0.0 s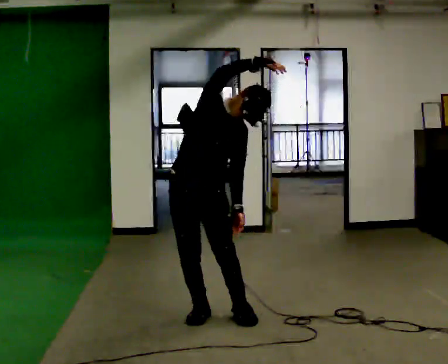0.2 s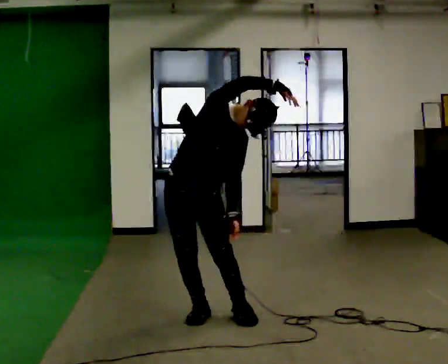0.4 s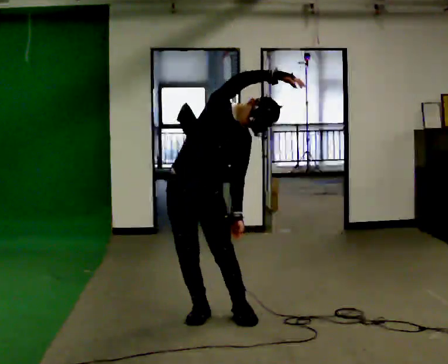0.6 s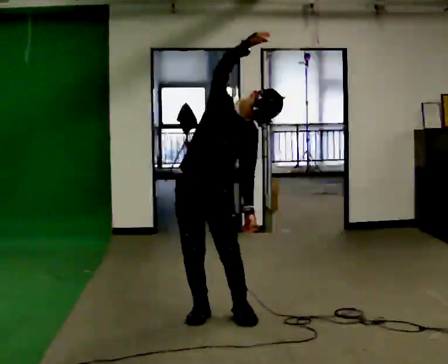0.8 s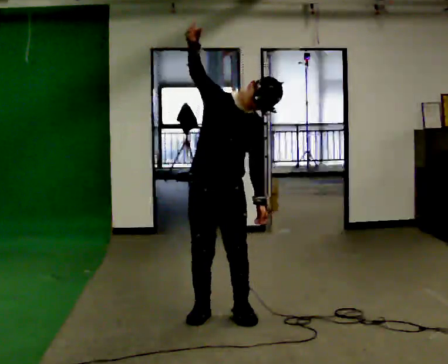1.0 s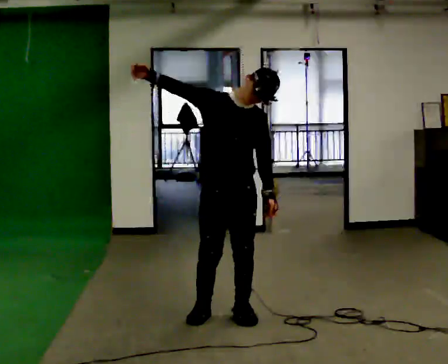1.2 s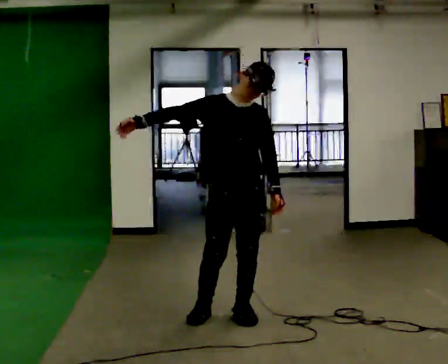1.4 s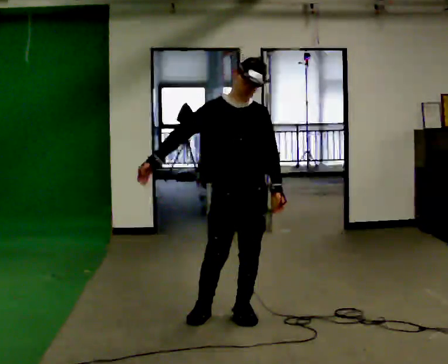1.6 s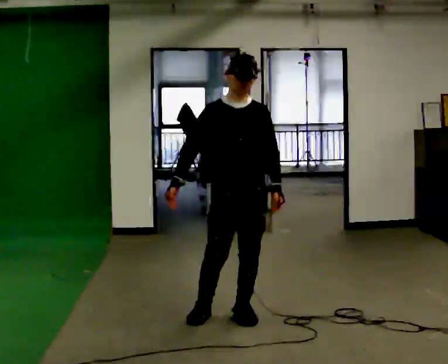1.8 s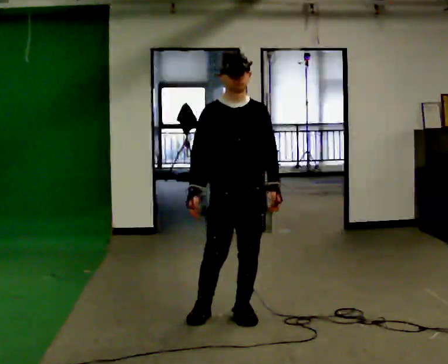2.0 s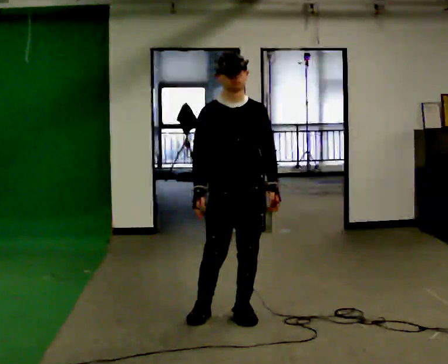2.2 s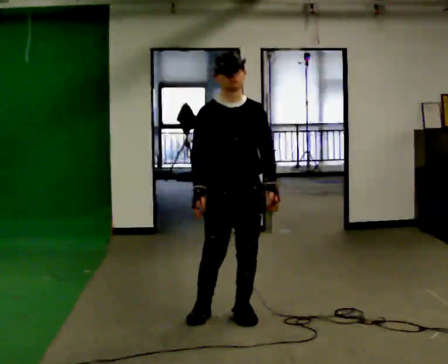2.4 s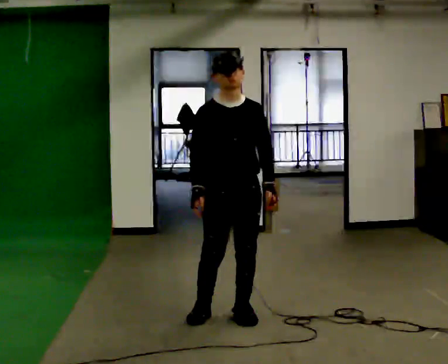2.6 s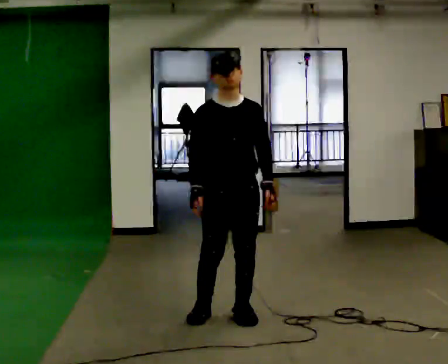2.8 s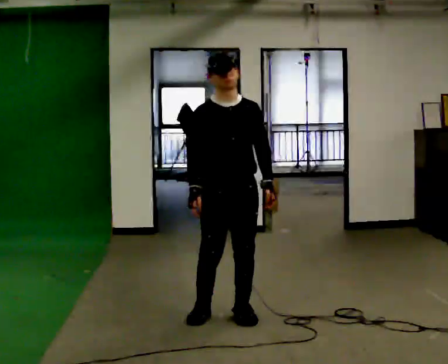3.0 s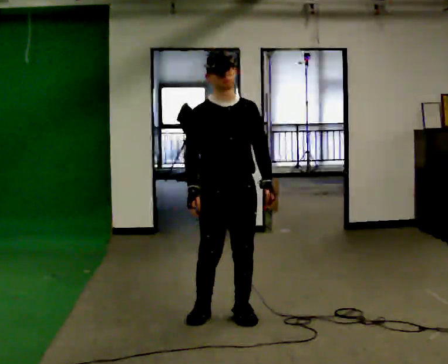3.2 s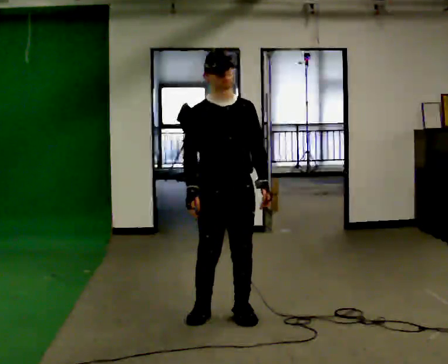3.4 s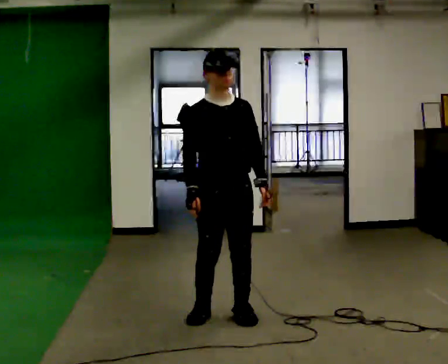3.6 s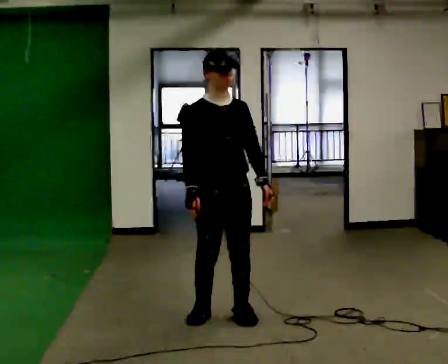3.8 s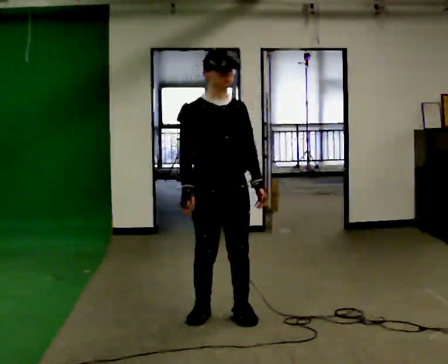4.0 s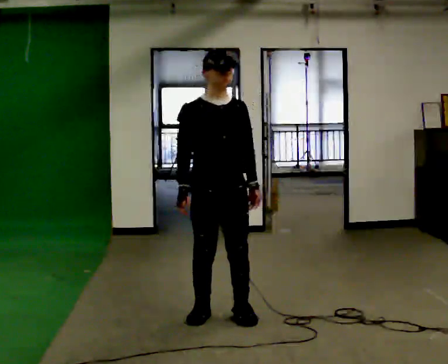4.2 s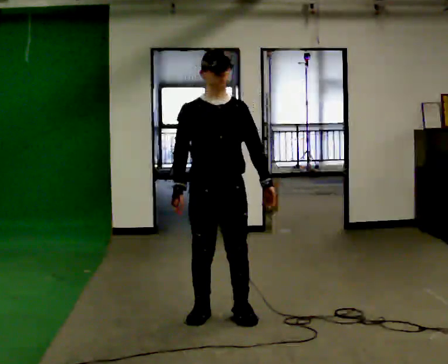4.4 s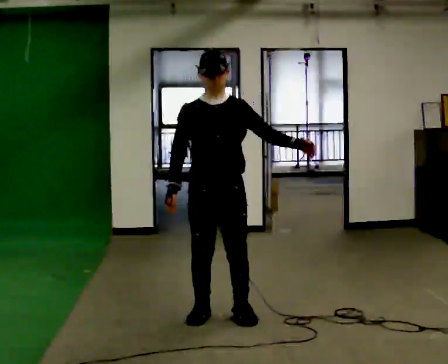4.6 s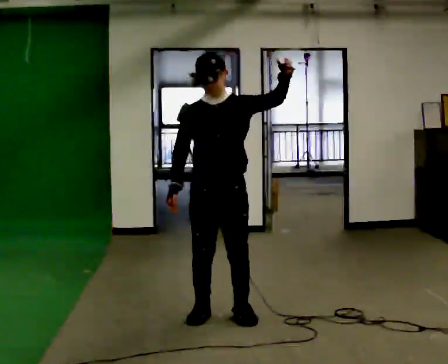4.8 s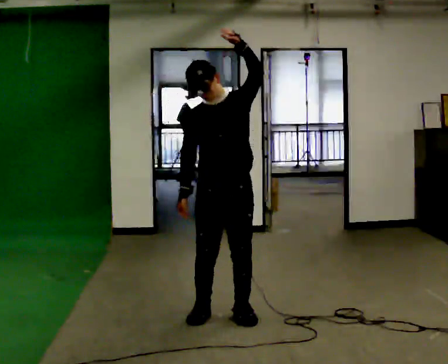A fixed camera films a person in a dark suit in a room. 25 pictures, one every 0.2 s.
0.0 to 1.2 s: In the picture they go to the right, about 0.25 m, which for them is to their left. In the picture their right hand goes to the left and downward, the arm swinging counterclockwise.
1.2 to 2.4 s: In the picture their right hand goes downward and to the right, the arm swinging counterclockwise.
2.4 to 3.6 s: The person moves a little, or ends about where they began.
3.6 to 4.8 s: Seen from above the body turns clockwise, about 30 degrees: to their right, with its near side sliding to the left. In the picture their left hand goes upward, the arm swinging counterclockwise.
The film runs backward here.
